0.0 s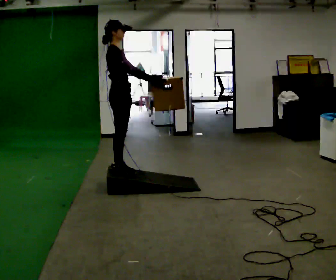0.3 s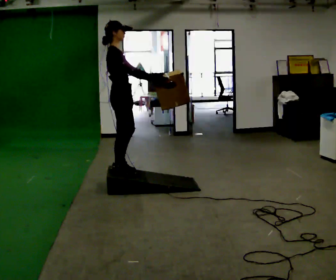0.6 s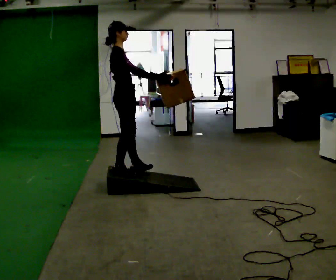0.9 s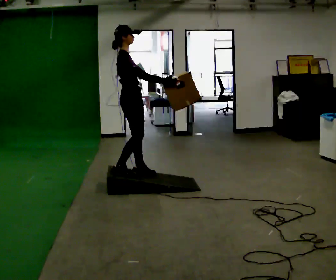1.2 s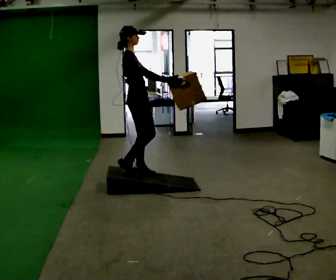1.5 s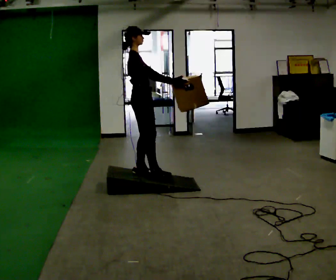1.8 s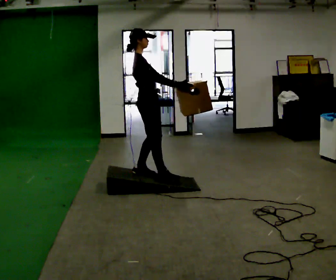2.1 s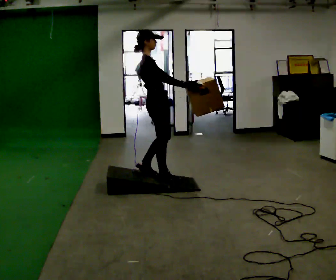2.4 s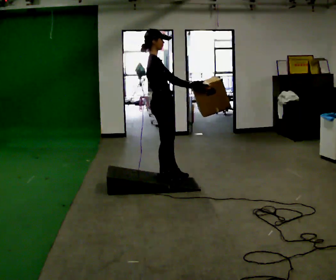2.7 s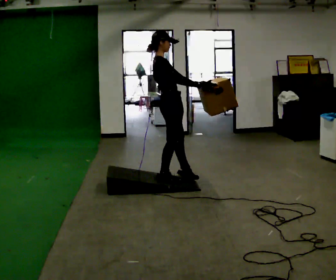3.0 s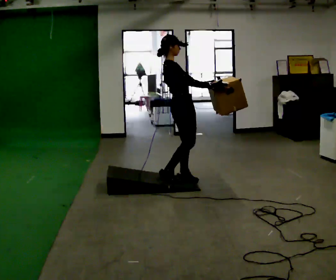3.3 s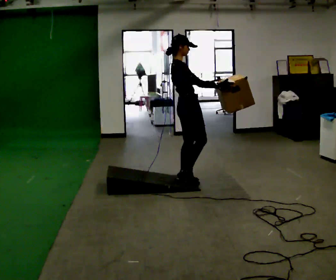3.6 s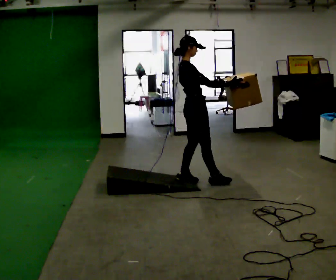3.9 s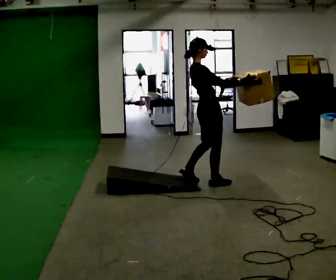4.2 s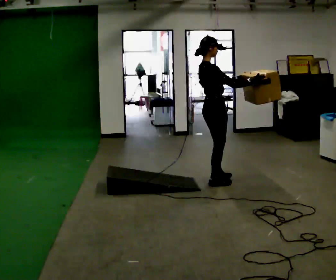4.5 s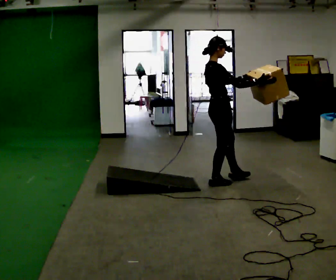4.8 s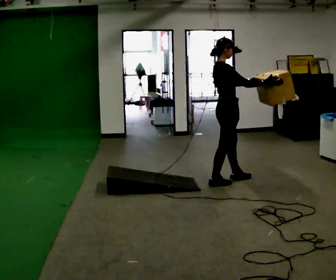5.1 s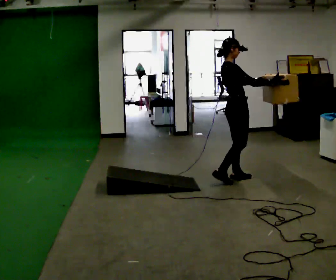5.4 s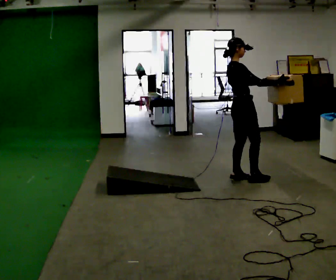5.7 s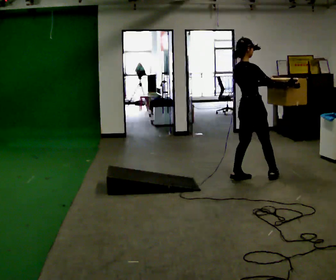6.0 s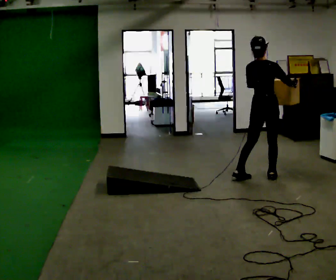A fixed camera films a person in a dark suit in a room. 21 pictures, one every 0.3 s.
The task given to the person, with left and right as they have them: Carry the box up the ramp, turn at the top, and carry it back down. Keep going until the operator says stop; one object at a time, and do not rush between trips.
0.0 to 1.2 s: In the picture they go to the right, about 0.25 m in 1 step, which for them is forward.
1.2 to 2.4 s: In the picture they go to the right, about 0.25 m in 1 step, which for them is forward.
2.4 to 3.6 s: In the picture they go to the right, about 0.5 m in 2 steps, which for them is forward.
3.6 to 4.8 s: In the picture they go to the right, about 0.25 m in 1 step, which for them is forward.
4.8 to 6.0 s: The person turns about 45 degrees to their left, counterclockwise seen from above, so the part of the body nearest the lens slides to the right. In the picture they go to the right, about 0.5 m in 1 step, which for them is forward.
The film runs forward here.
